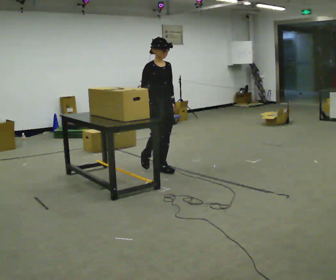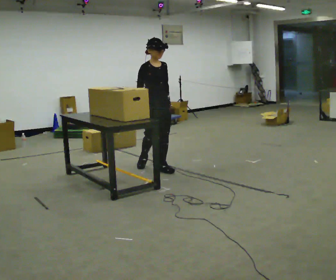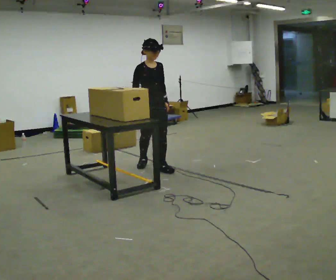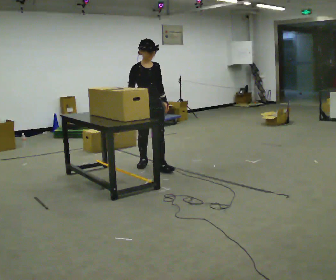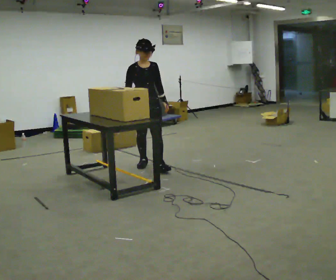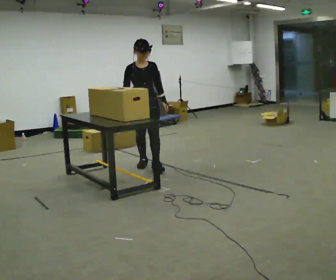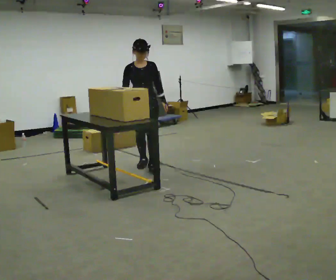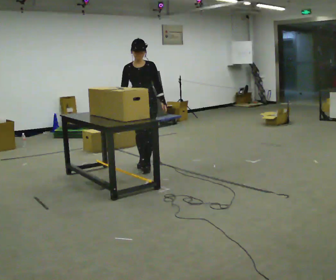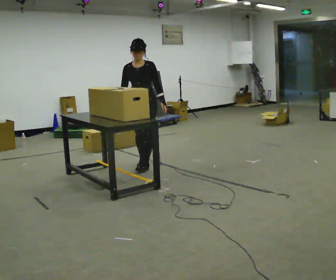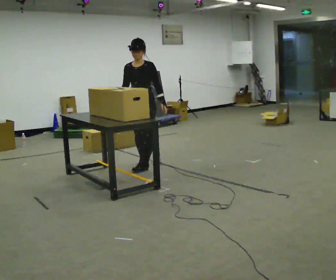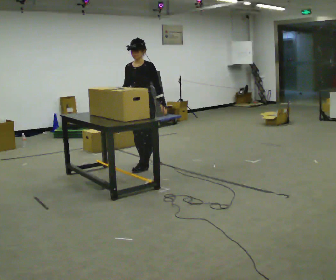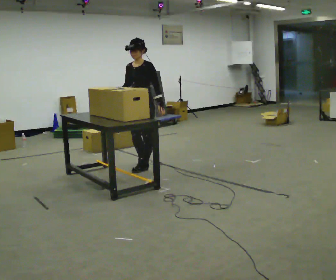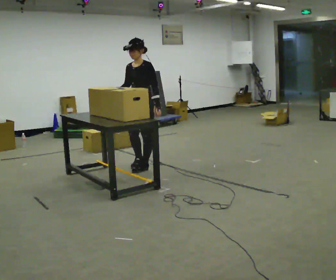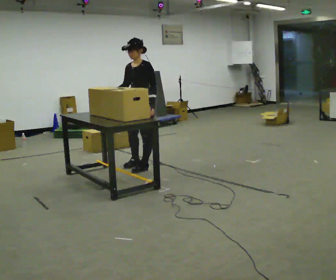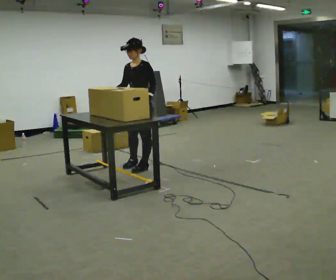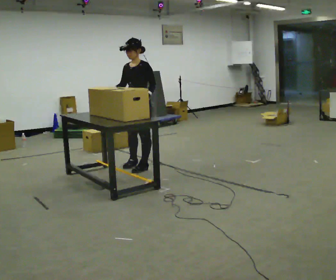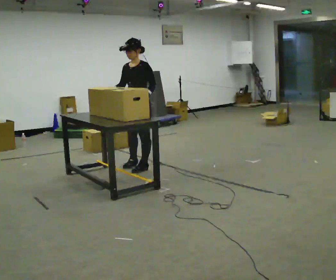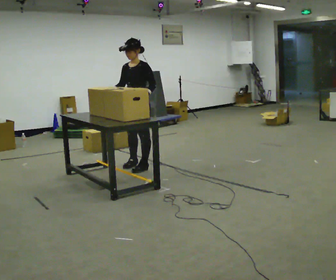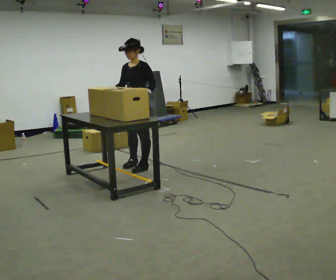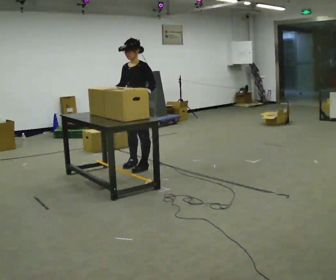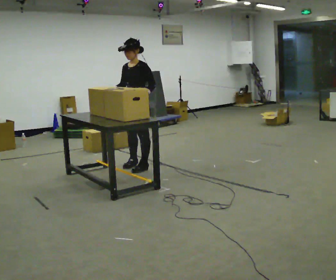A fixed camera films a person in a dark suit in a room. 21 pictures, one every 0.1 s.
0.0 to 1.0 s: The person turns about 60 degrees to their right, clockwise seen from above, so the part of the body nearest the lens slides to the left. In the picture they go to the left and away from the camera, about 0.25 m in 1 step.
1.0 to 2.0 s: The person moves a little, or ends about where they began.
The film runs backward here.
